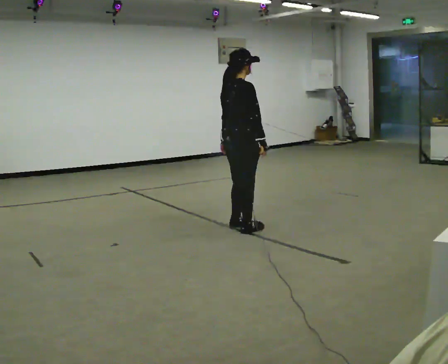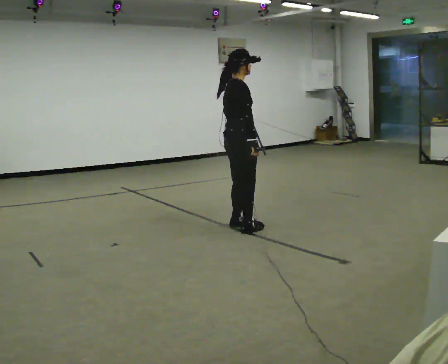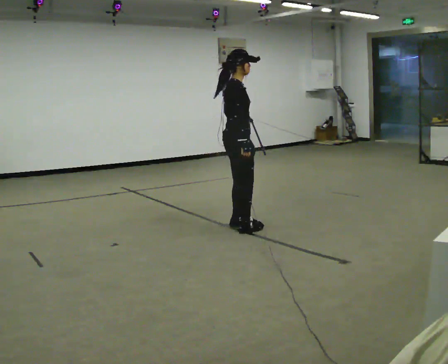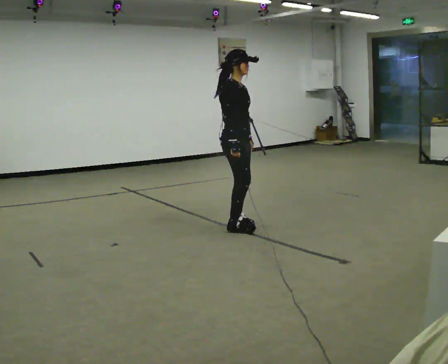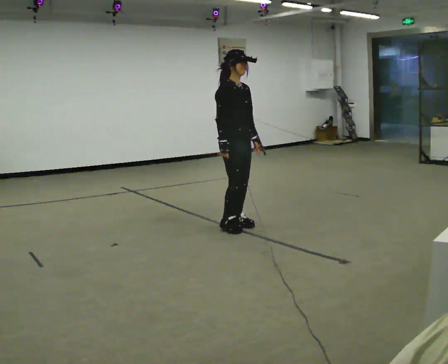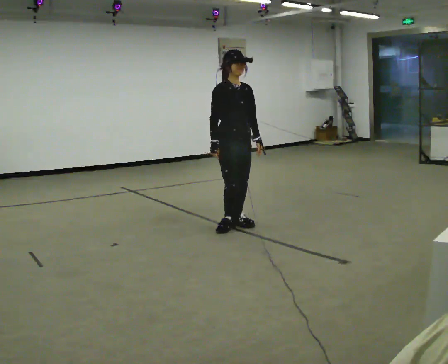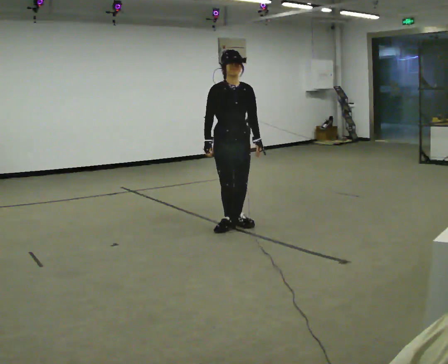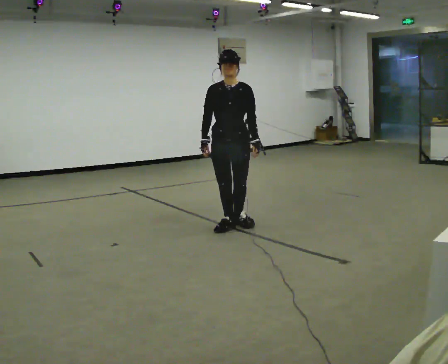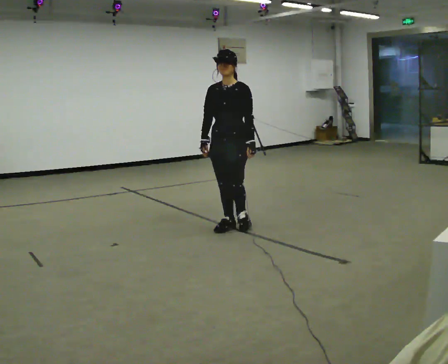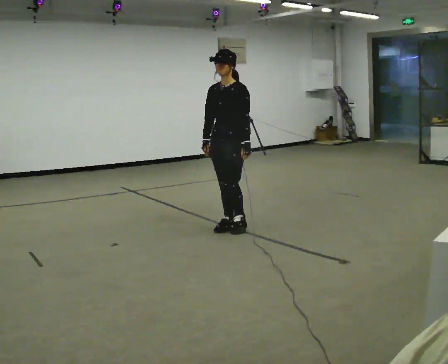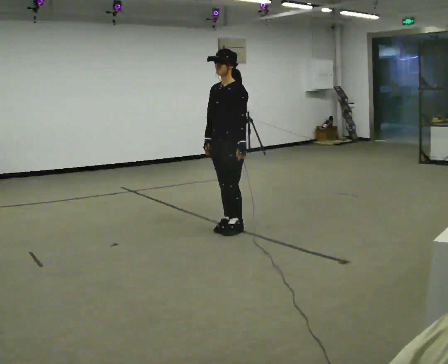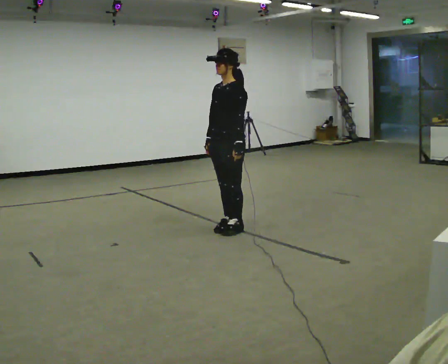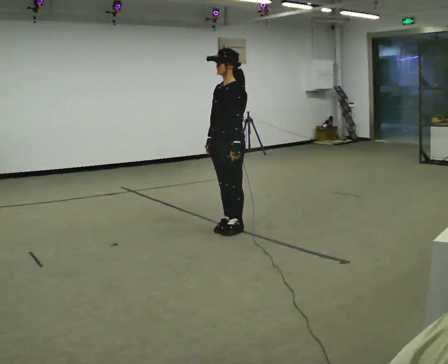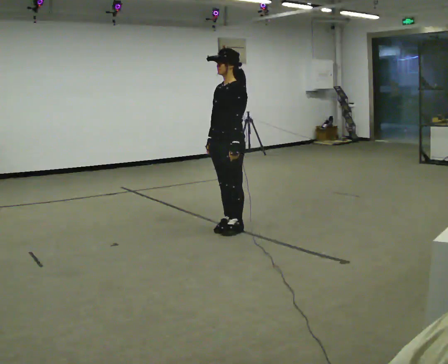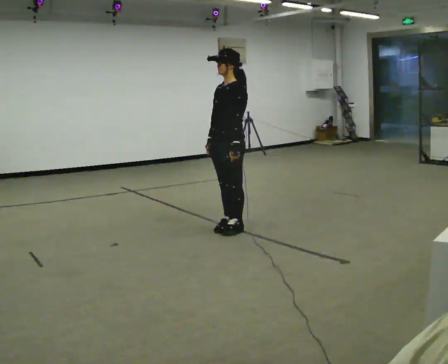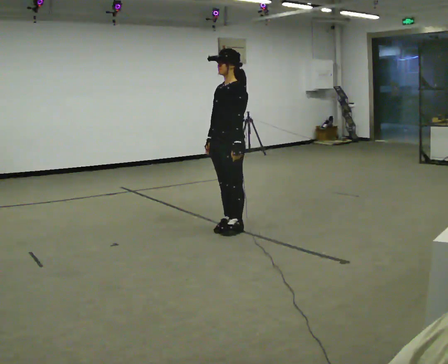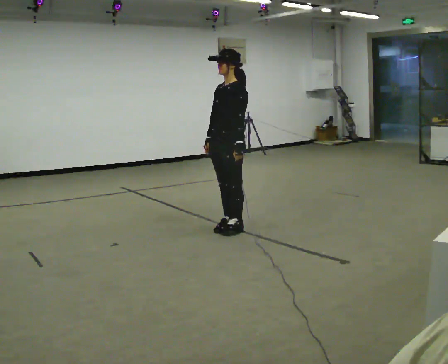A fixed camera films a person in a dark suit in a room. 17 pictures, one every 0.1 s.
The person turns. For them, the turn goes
to their right.
The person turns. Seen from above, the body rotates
clockwise.
0.0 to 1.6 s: The person turns about 180 degrees to their right, clockwise seen from above, so the part of the body nearest the lens slides to the left. In the picture their right hand goes to the left, the arm swinging clockwise.
The film runs backward here.
